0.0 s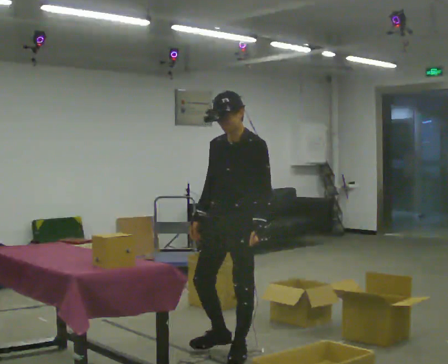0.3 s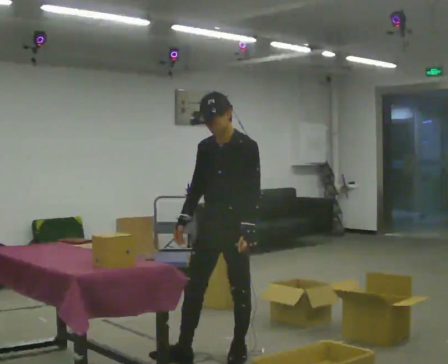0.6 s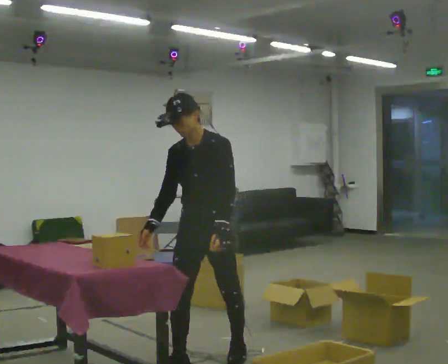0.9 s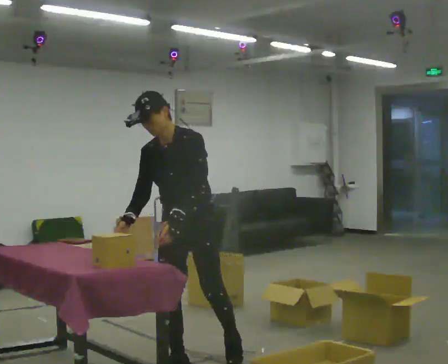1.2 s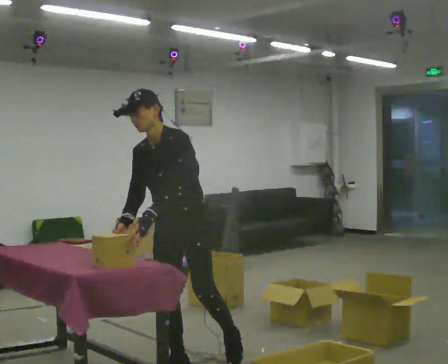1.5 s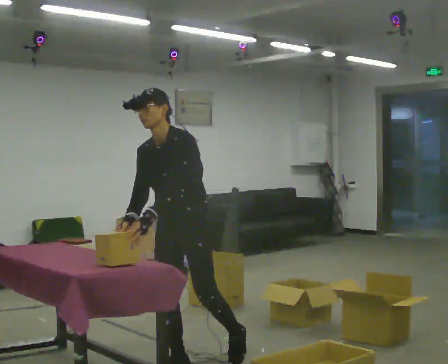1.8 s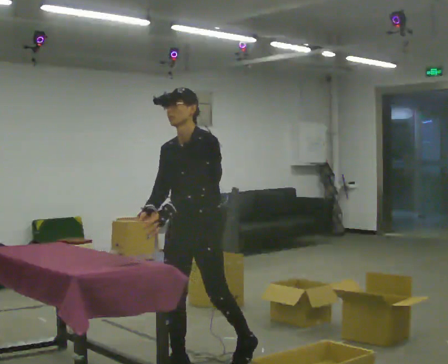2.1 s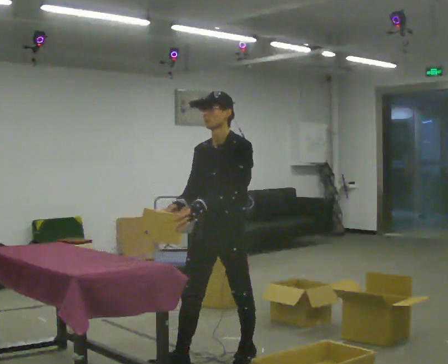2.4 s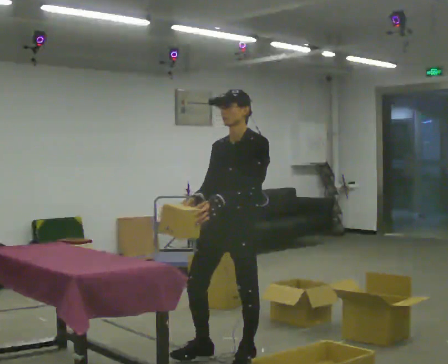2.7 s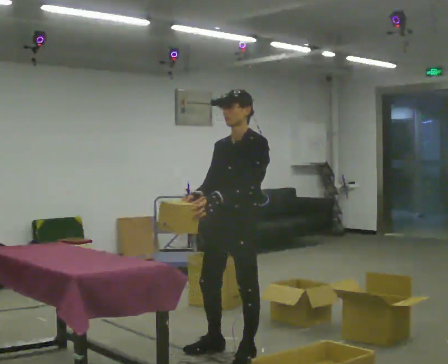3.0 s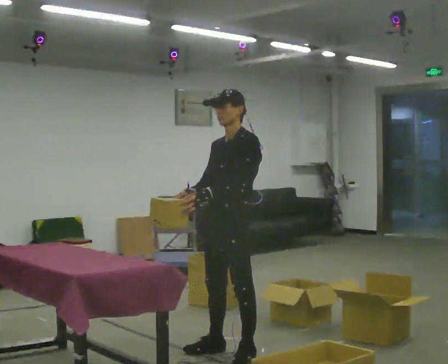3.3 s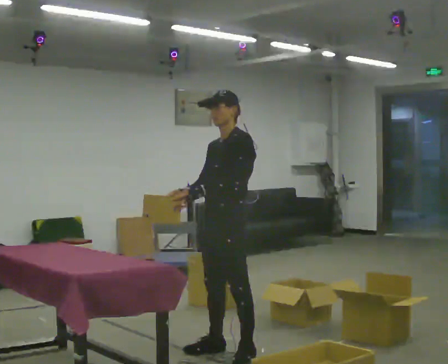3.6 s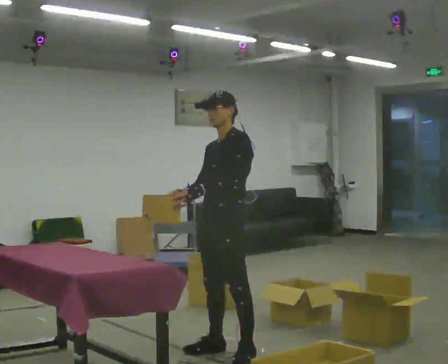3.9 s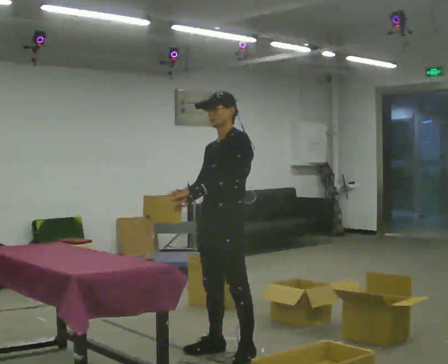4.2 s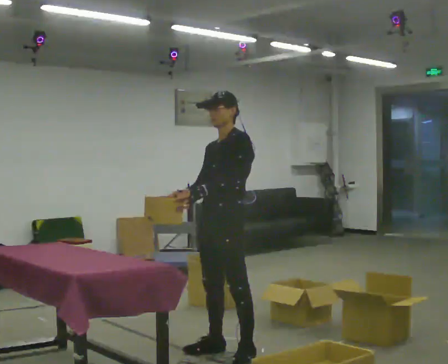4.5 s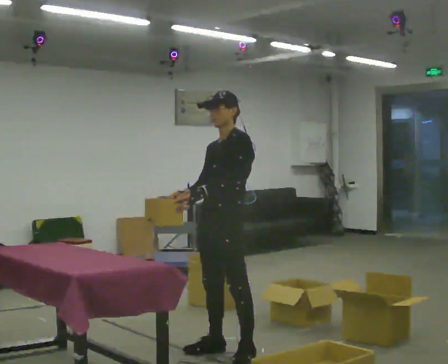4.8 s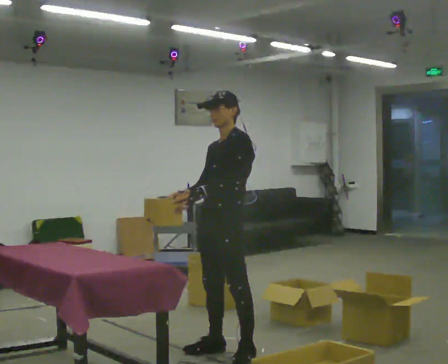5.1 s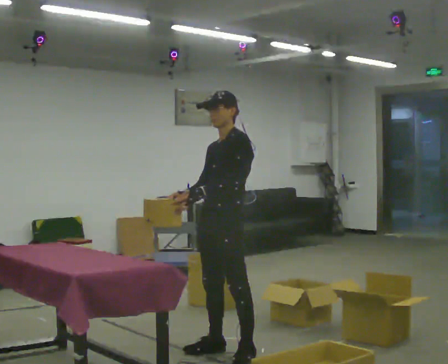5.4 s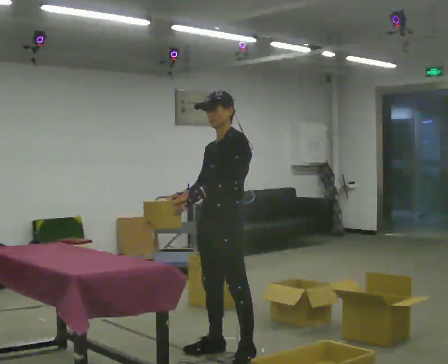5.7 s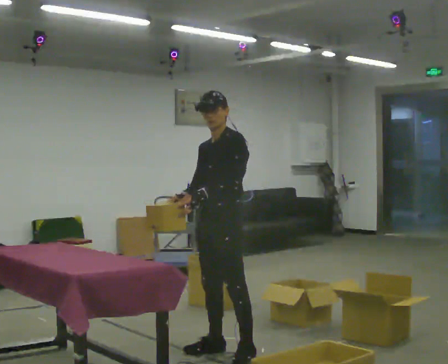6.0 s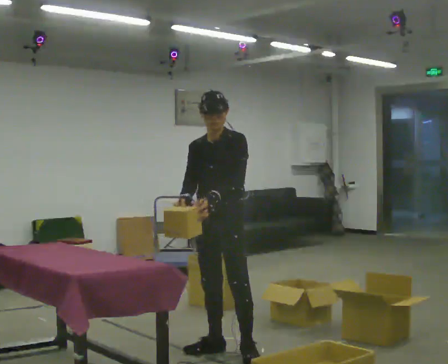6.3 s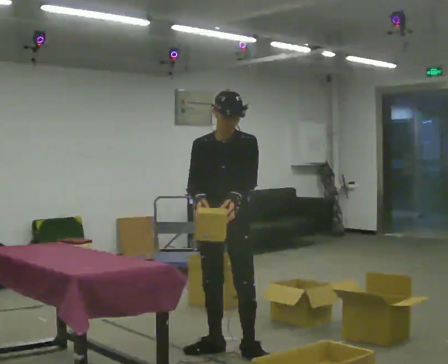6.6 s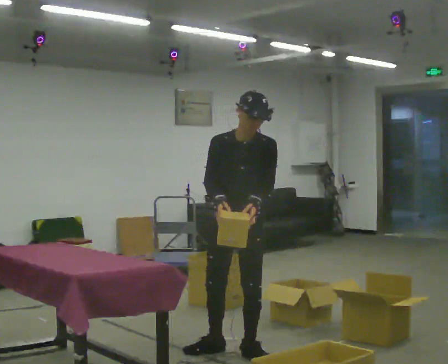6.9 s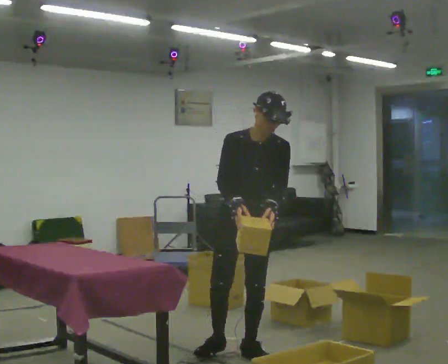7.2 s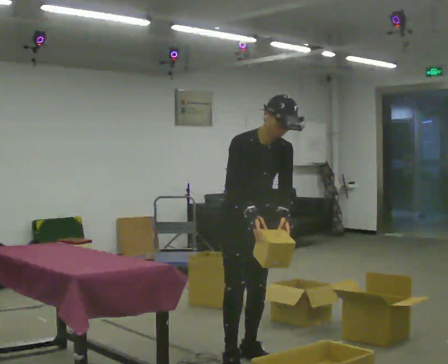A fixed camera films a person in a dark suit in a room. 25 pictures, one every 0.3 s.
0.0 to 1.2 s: In the picture they go to the left and toward the camera, about 0.5 m in 1 step, which for them is forward and to their right. In the picture the upper body tilts counterclockwise, shoulders to the left, as they bend forward.
1.2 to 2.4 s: In the picture they go to the right and away from the camera, about 0.5 m, which for them is backward and to their left. In the picture the upper body tilts clockwise, shoulders to the right, as they lean back or straighten.
2.4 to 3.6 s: The person moves a little, or ends about where they began.
3.6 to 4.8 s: The person keeps their place and pose.
4.8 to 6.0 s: The person turns about 30 degrees to their left, counterclockwise seen from above, so the part of the body nearest the lens slides to the right.
6.0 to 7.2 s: The part of the body nearest the lens slides to the right as the person turns to their left by about 60 degrees. In the picture they go toward the camera, about 0.25 m, which for them is forward and to their left. In the picture the upper body tilts clockwise, shoulders to the right, as they bend forward. In the picture their left hand goes to the right.
The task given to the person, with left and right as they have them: Take the objects from the bin one at a time and put one in each of the places the operator points out. Keep going until the operator says stop; one object at a time, and do not rush between trips.
The film runs forward here.
